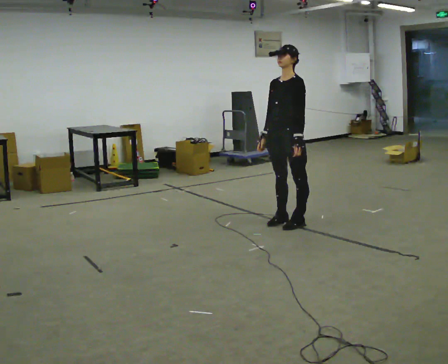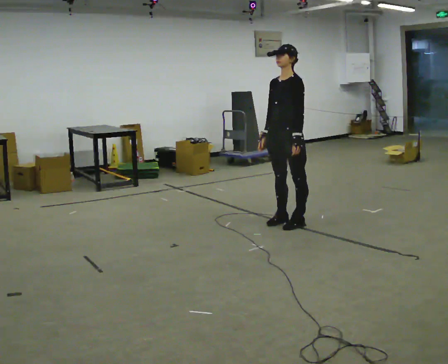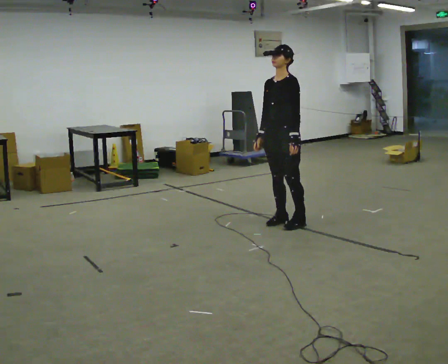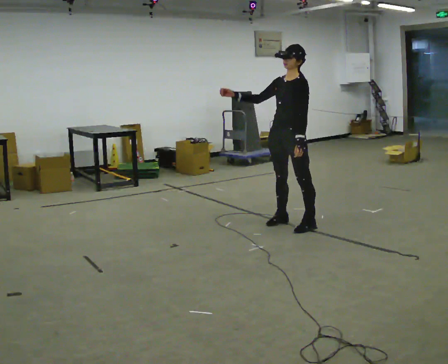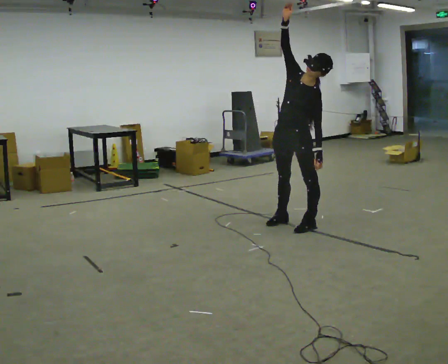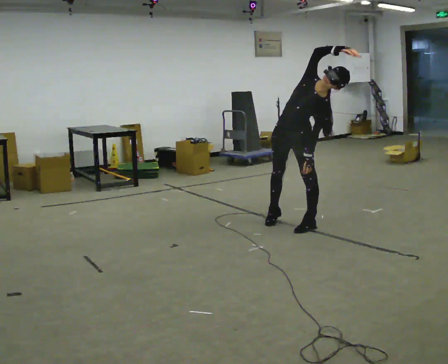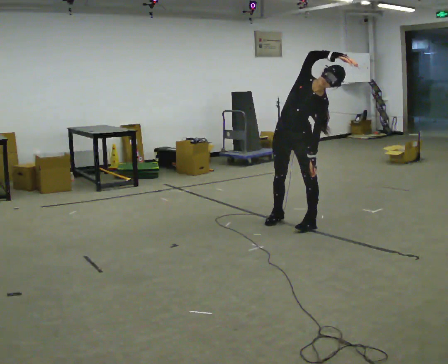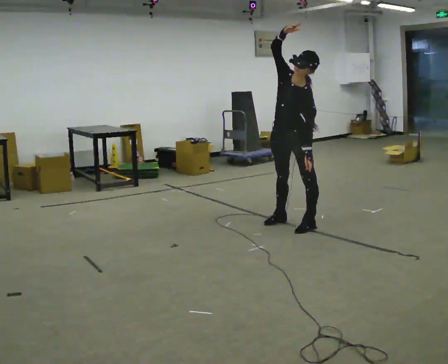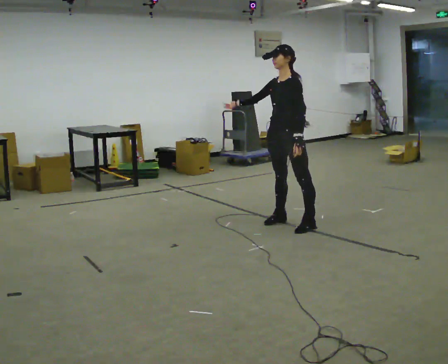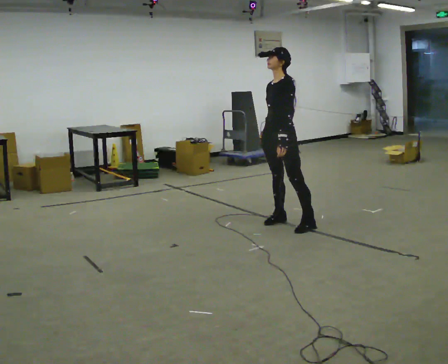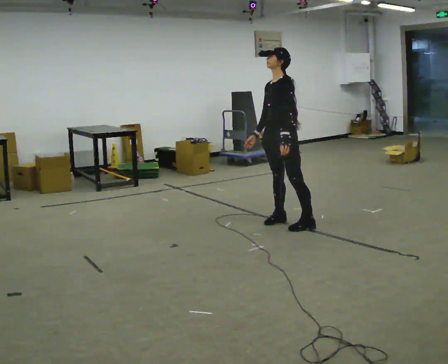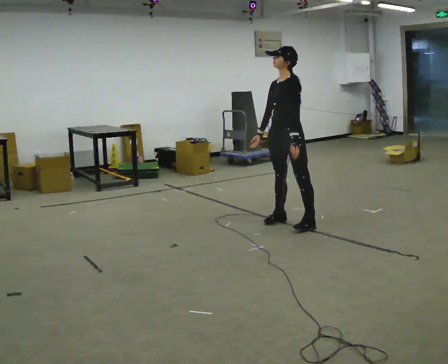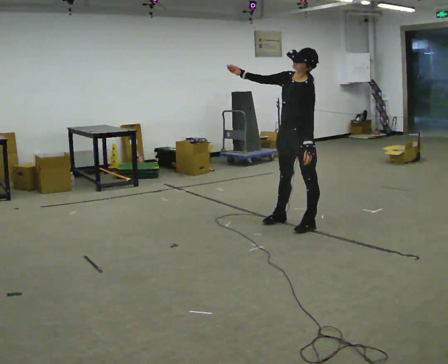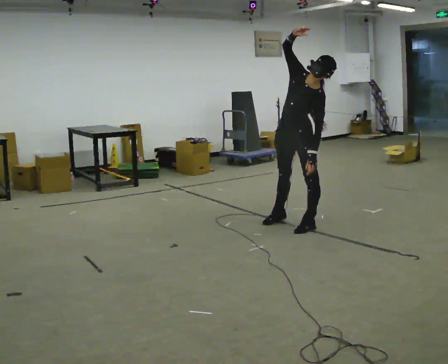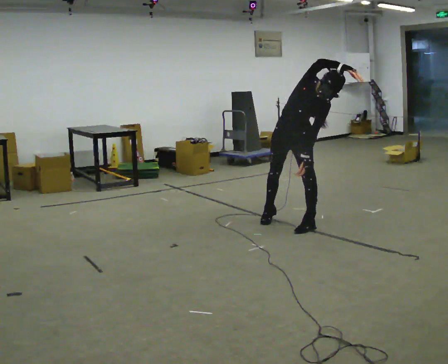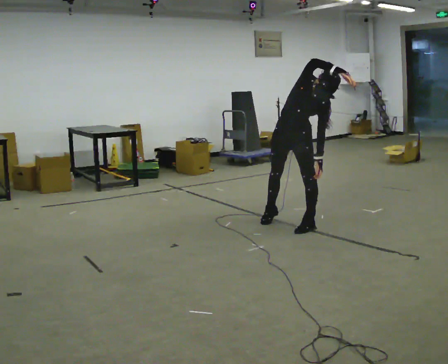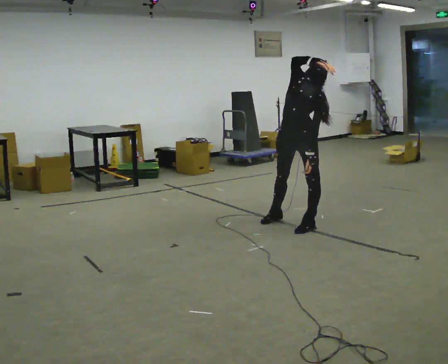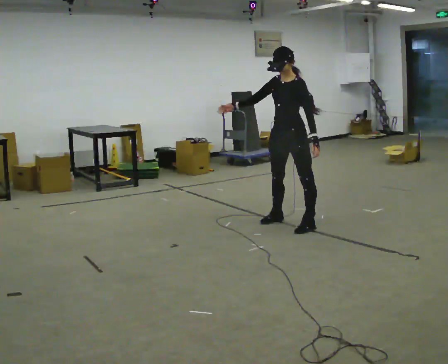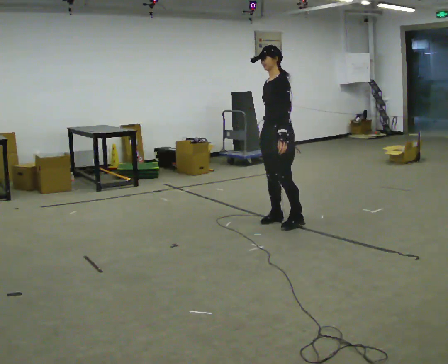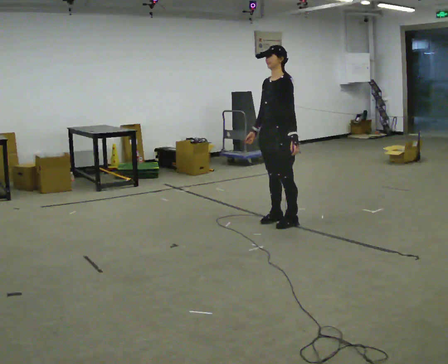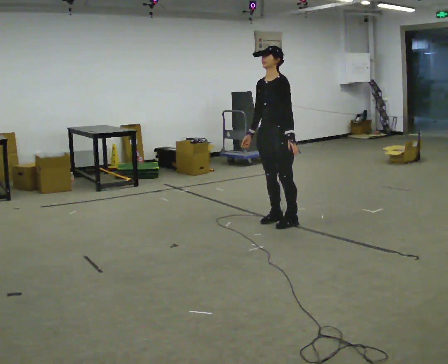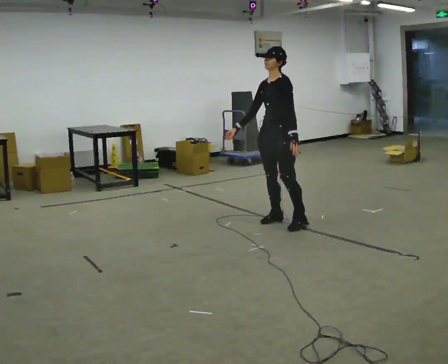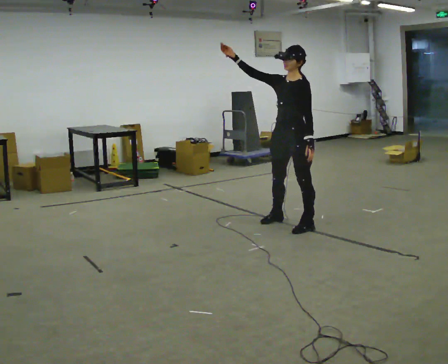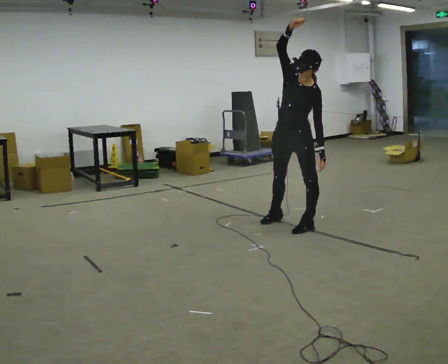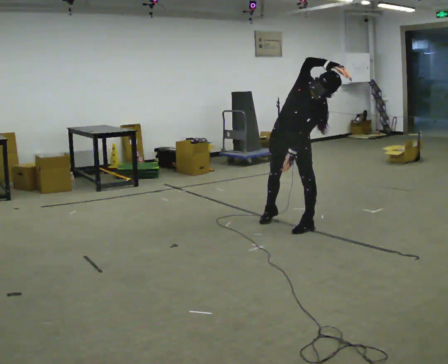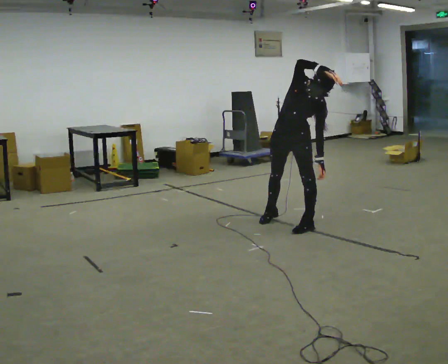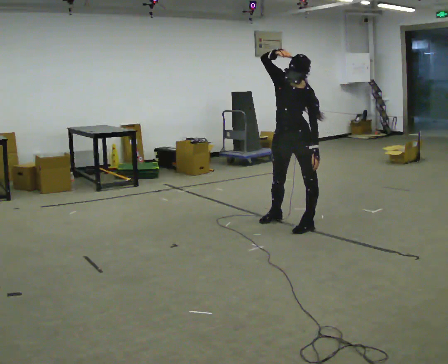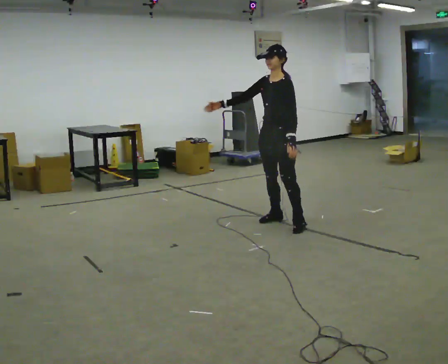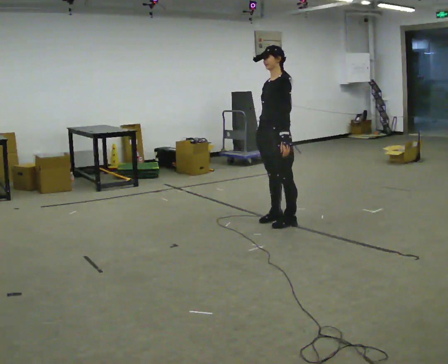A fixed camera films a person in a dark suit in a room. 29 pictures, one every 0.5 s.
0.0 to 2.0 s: In the picture the upper body tilts clockwise, shoulders to the right. In the picture their right hand goes upward, the arm swinging clockwise.
2.0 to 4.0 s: In the picture their right hand goes downward and to the left.
4.0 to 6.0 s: In the picture their right hand goes upward.
6.0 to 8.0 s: The part of the body nearest the lens slides to the right as the person turns to their left by about 30 degrees. The upper body tips toward the camera, its near side rolling downward. In the picture their right hand goes to the right.
8.0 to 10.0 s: In the picture they go to the left and away from the camera, about 0.25 m in 1 step, which for them is to their right and forward. The upper body tips away from the camera, its near side rolling upward. In the picture their right hand goes downward.
10.0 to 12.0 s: The part of the body nearest the lens slides to the right as the person turns to their left by about 30 degrees. In the picture they go toward the camera, about 0.25 m in 1 step, which for them is to their left. In the picture the upper body tilts clockwise, shoulders to the right. In the picture their right hand goes to the right and upward.
12.0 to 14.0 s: The person turns about 45 degrees to their right, clockwise seen from above, so the part of the body nearest the lens slides to the left. In the picture they go to the left, about 0.25 m in 1 step, which for them is to their right. The upper body tips away from the camera, its near side rolling upward, as they lean back or straighten. In the picture their right hand goes downward and to the left.
The film runs forward here.
